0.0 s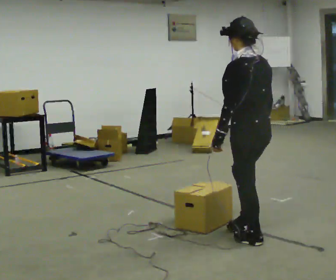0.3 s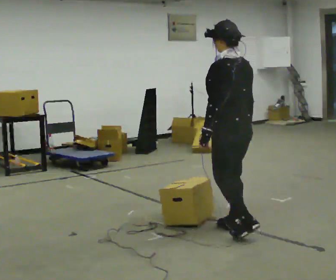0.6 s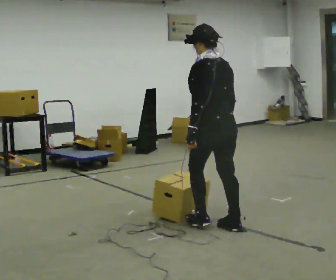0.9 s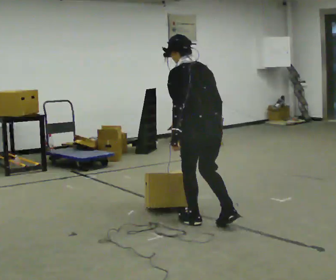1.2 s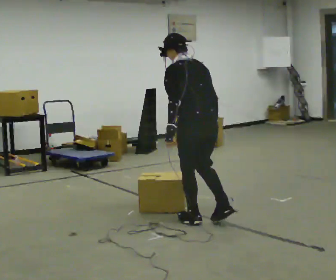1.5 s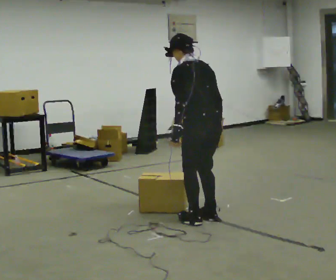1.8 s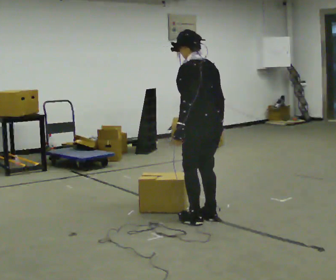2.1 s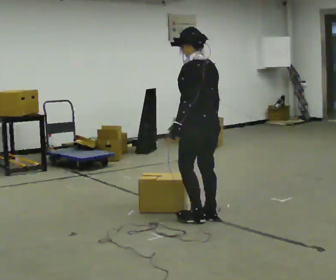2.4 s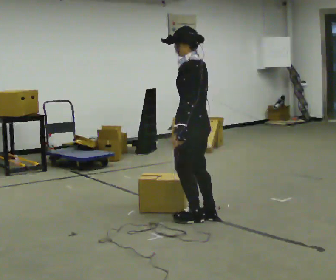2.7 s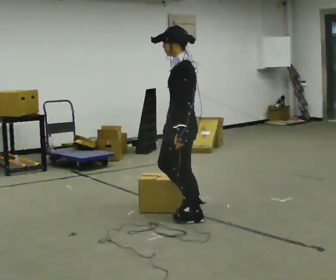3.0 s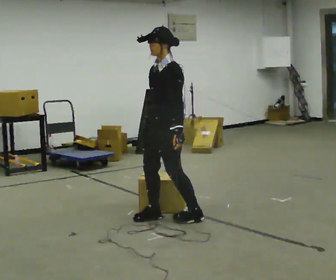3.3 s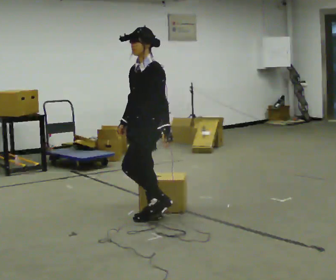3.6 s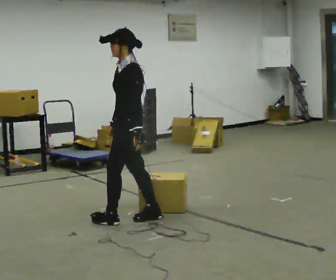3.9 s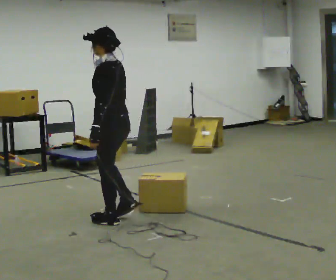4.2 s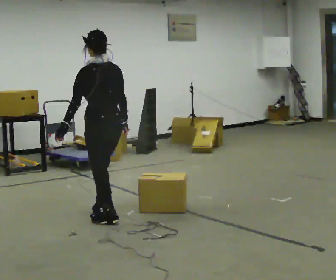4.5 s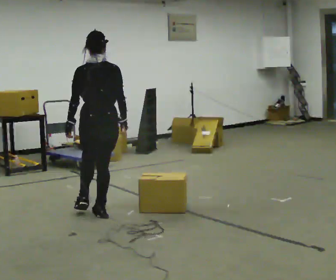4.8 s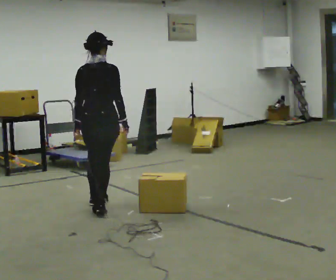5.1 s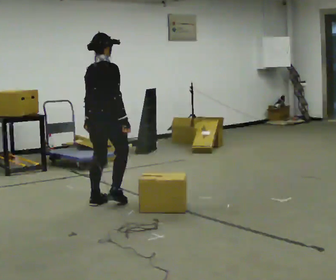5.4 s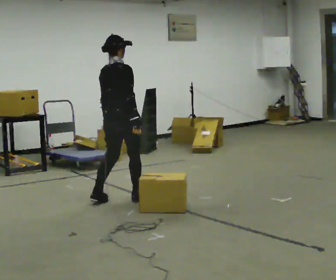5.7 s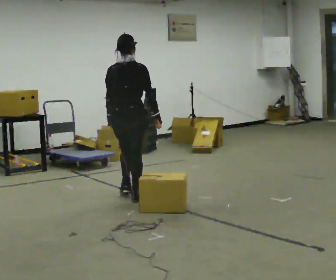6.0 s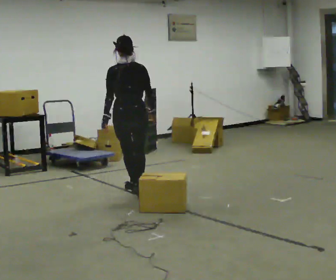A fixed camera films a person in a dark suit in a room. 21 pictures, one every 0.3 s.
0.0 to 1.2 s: In the picture they go away from the camera and to the left, about 0.5 m in 2 steps, which for them is forward. The upper body tips away from the camera, its near side rolling upward, as they bend forward.
1.2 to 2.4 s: Seen from above the body turns counterclockwise, about 30 degrees: to their left, with its near side sliding to the right.
2.4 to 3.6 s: The part of the body nearest the lens slides to the right as the person turns to their left by about 30 degrees. In the picture they go to the left, about 0.5 m in 2 steps, which for them is forward and to their right.
3.6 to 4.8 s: Seen from above the body turns clockwise, about 120 degrees: to their right, with its near side sliding to the left. In the picture they go away from the camera and to the left, about 0.5 m in 2 steps.
4.8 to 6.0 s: In the picture they go away from the camera and to the right, about 0.5 m in 2 steps, which for them is forward.
The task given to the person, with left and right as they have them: Walk back and forth across the room at a normal pace, looking ahead. There may be something on the floor. Recover however comes naturally and carry on.
The film runs forward here.
